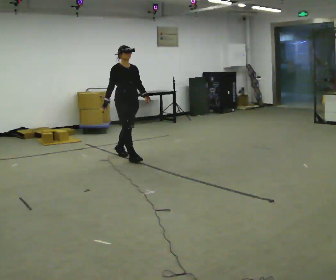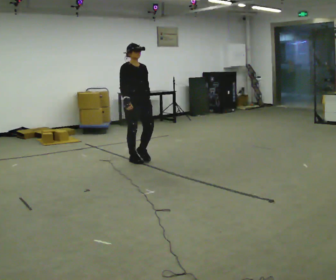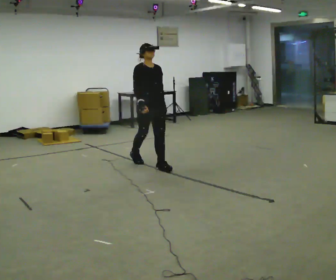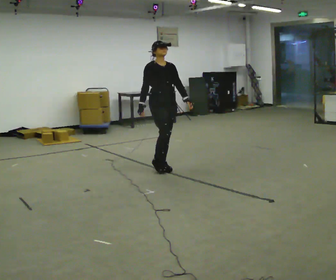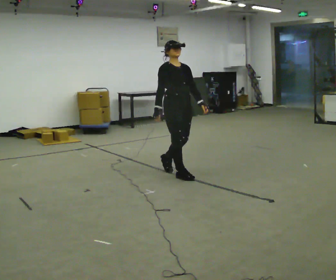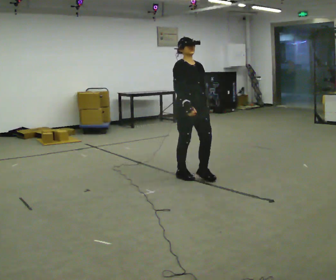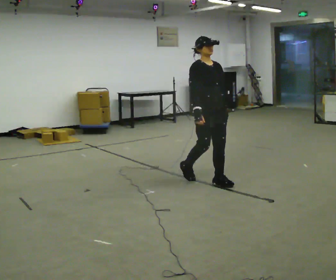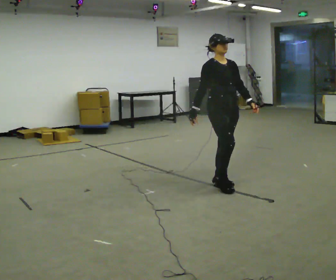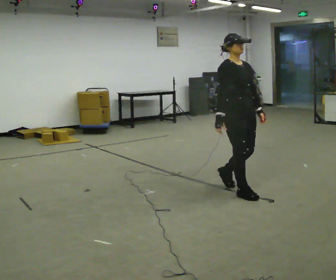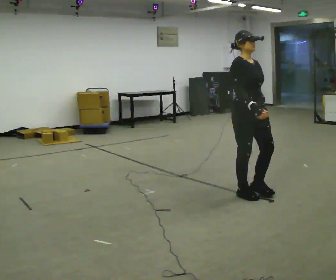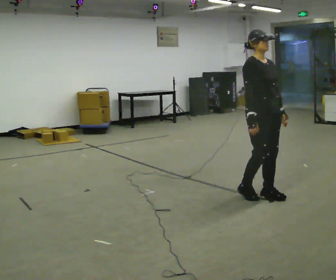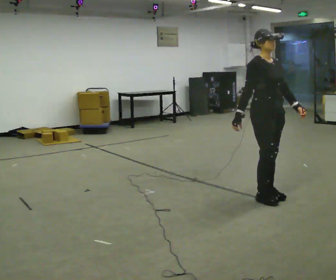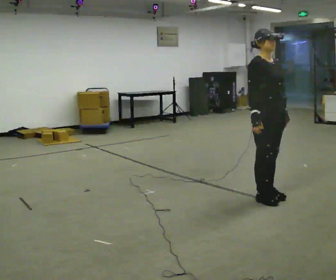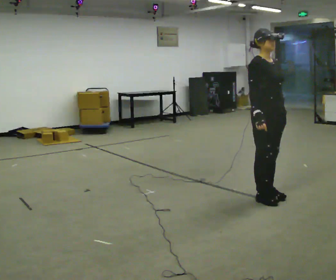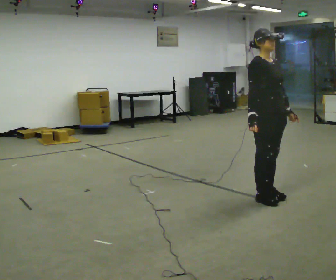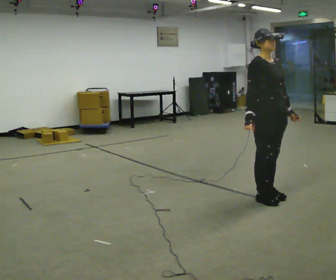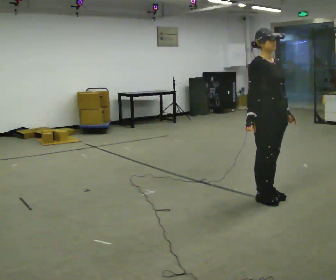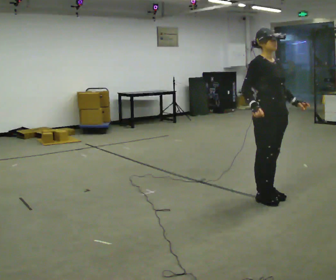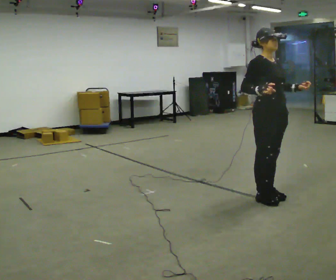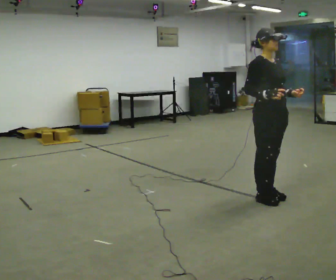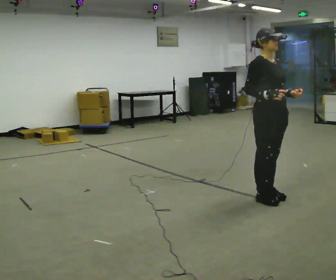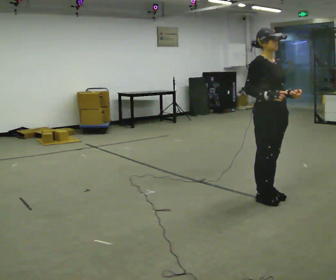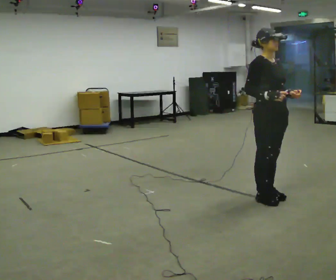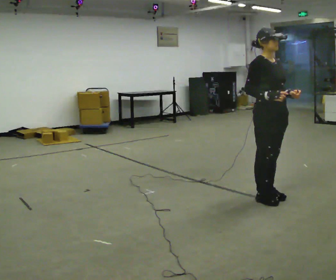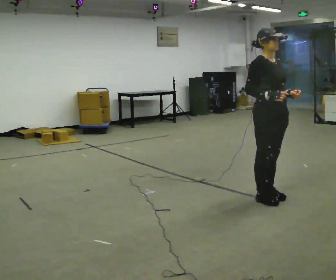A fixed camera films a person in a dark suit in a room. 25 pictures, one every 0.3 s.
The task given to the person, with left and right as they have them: Stand still 2 s; begin walking naturally; walk forward; stop.
0.0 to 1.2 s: In the picture they go to the right and toward the camera, about 1 m in 2 steps, which for them is forward.
1.2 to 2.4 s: In the picture they go to the right and toward the camera, about 1 m in 2 steps, which for them is forward.
2.4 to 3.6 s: In the picture they go to the right and toward the camera, about 0.25 m in 2 steps, which for them is forward.
3.6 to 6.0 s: The person moves a little, or ends about where they began.
6.0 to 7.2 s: The person keeps their place and pose.
The film runs forward here.
